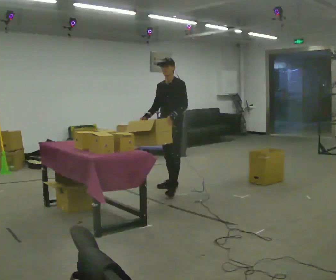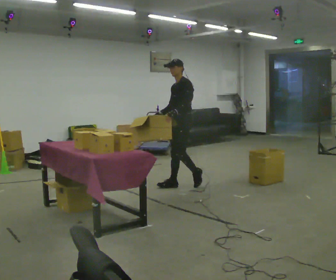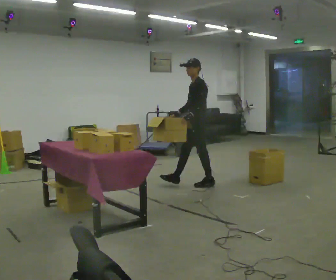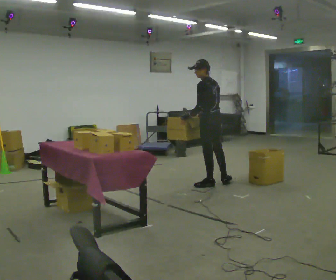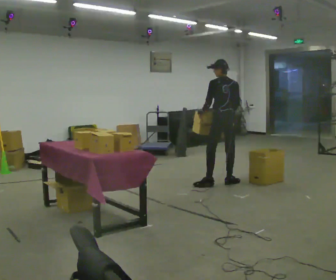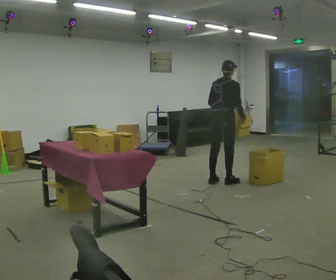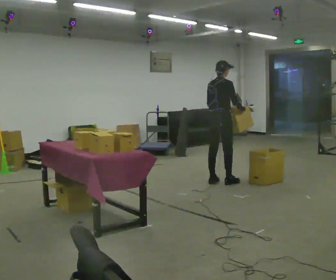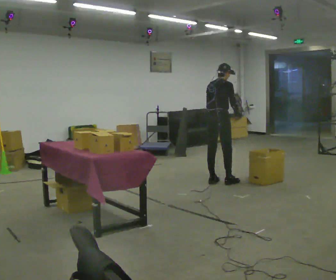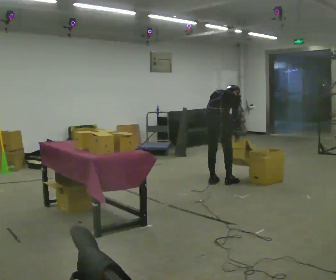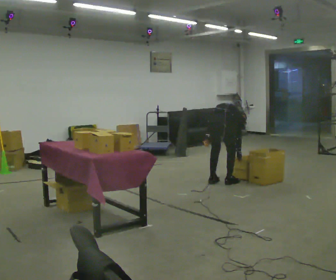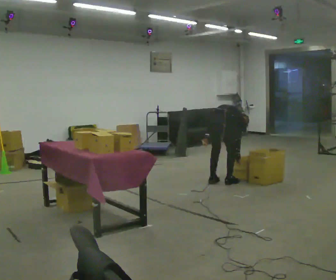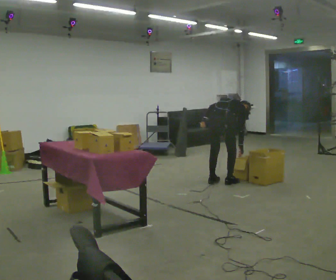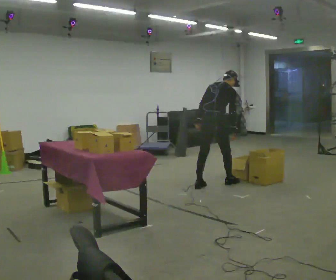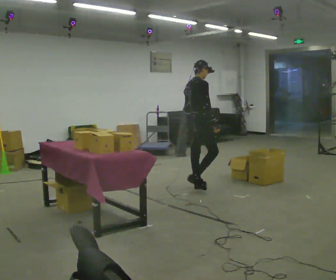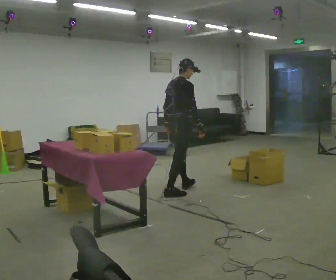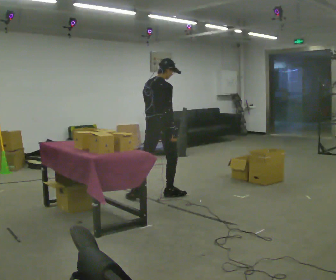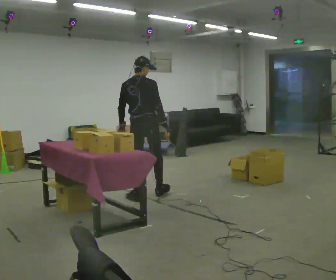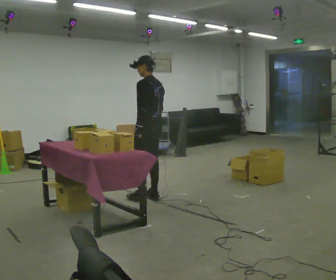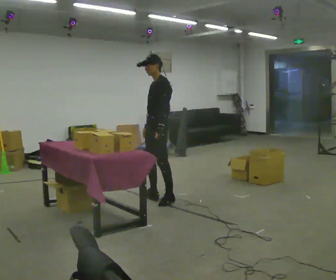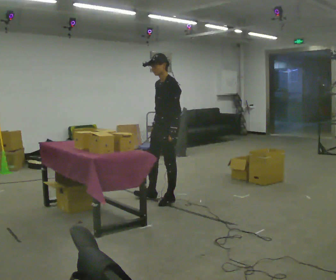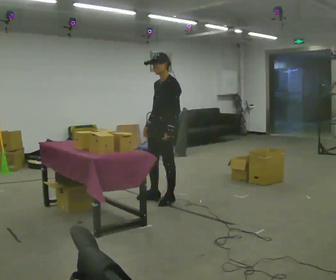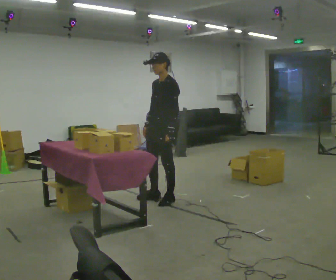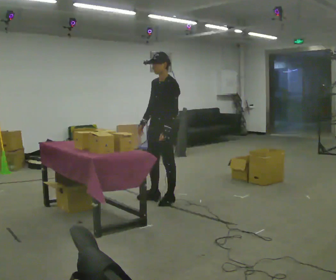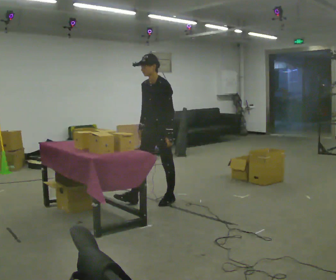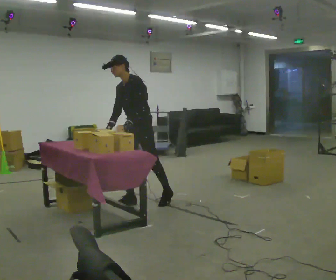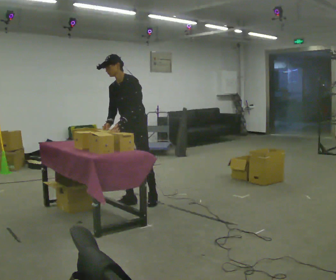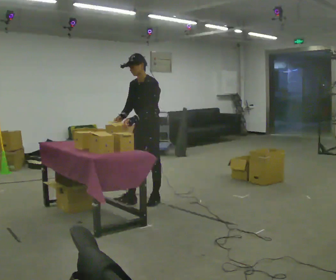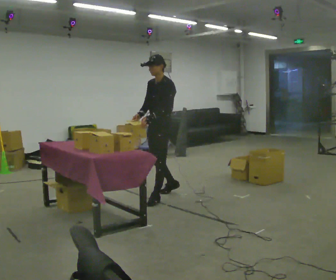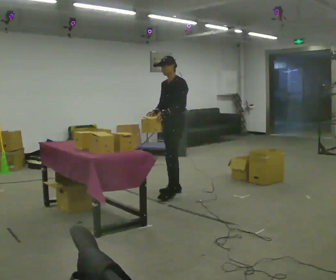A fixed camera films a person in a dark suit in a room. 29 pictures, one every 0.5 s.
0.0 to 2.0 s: Seen from above the body turns clockwise, about 120 degrees: to their right, with its near side sliding to the left. In the picture they go to the right, about 1 m in 2 steps.
2.0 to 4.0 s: Seen from above the body turns clockwise, about 45 degrees: to their right, with its near side sliding to the left. The shoulders move downward. The upper body tips away from the camera, its near side rolling upward, as they bend forward.
4.0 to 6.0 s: The person moves a little, or ends about where they began.
6.0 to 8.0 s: In the picture they go to the left and toward the camera, about 1 m in 3 steps, which for them is backward. In the picture the upper body tilts counterclockwise, shoulders to the left, as they lean back or straighten.
8.0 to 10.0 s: The part of the body nearest the lens slides to the right as the person turns to their left by about 135 degrees. In the picture they go to the right, about 0.25 m in 1 step.
10.0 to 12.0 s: In the picture they go to the left, about 0.25 m in 1 step, which for them is forward. In the picture the upper body tilts counterclockwise, shoulders to the left, as they bend forward.
12.0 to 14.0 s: In the picture they go away from the camera and to the right, about 0.5 m in 2 steps, which for them is backward.
The film runs backward here.
